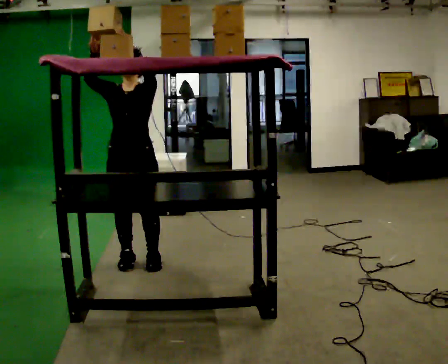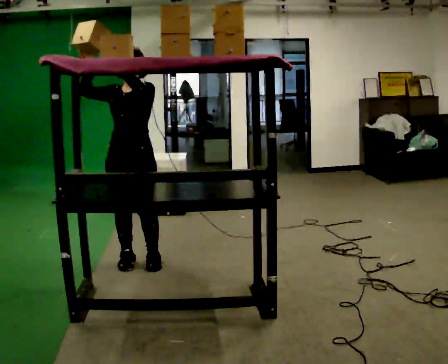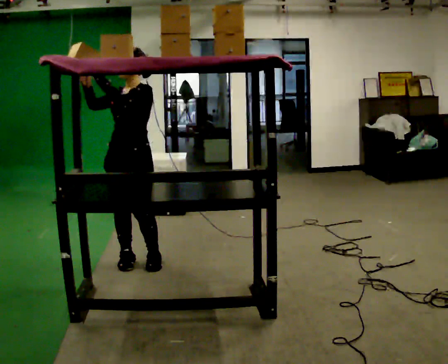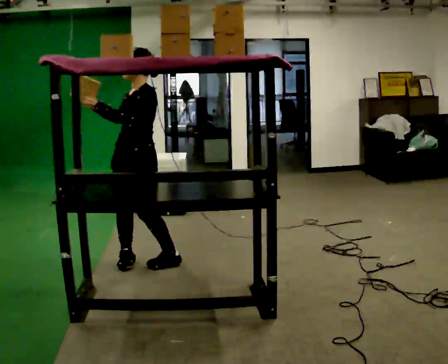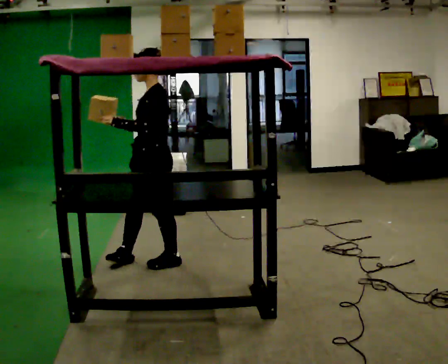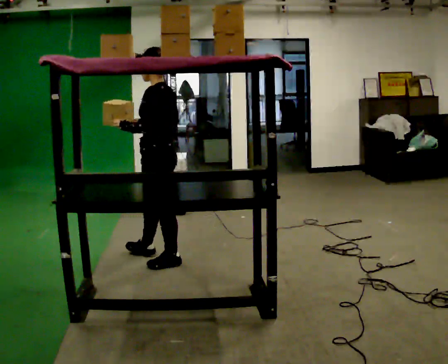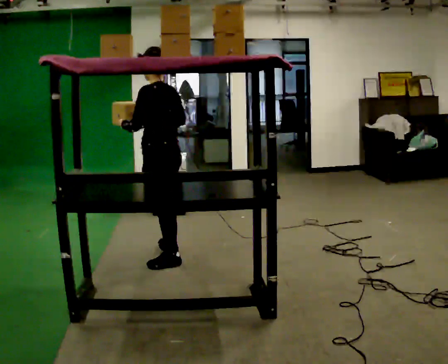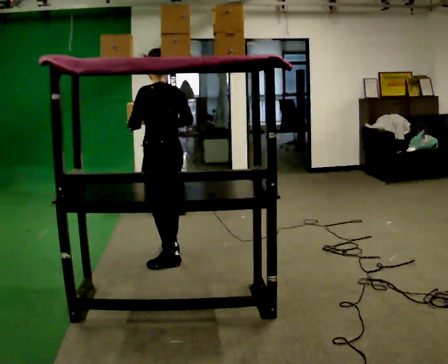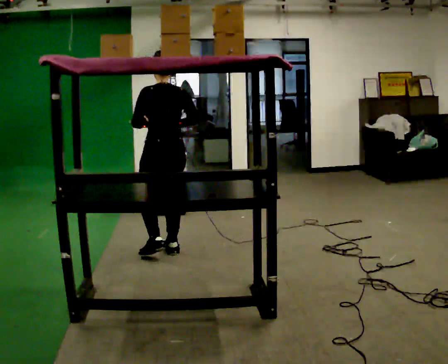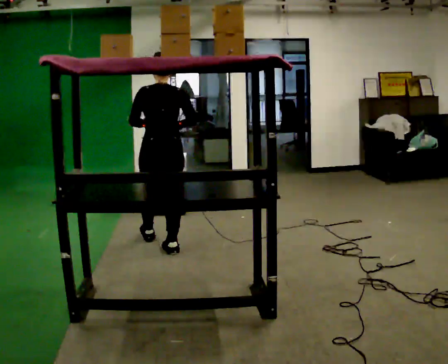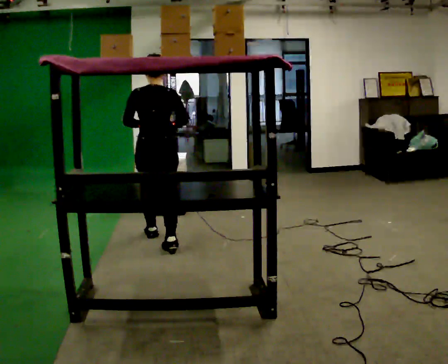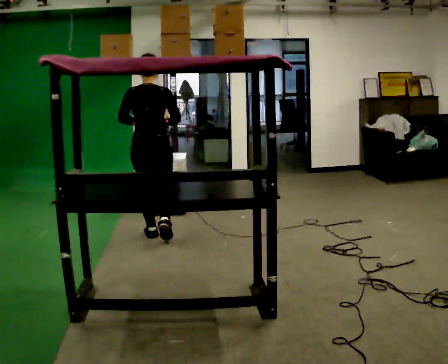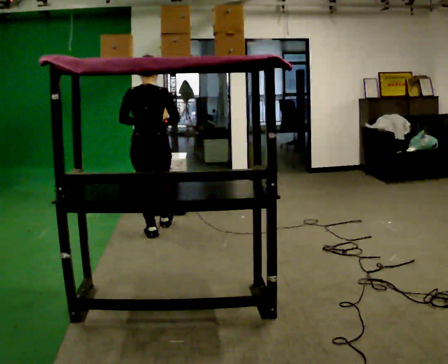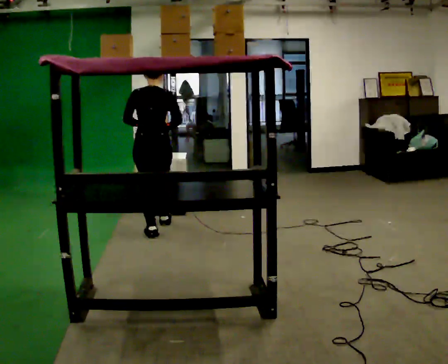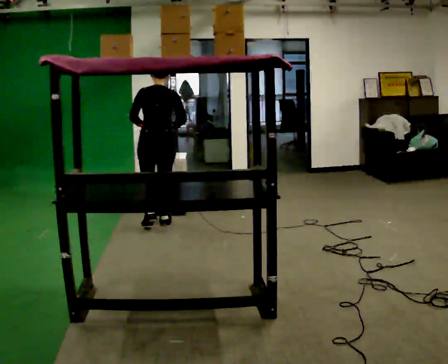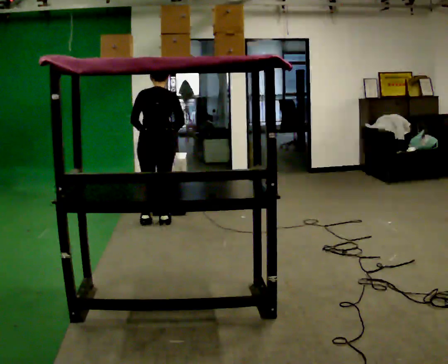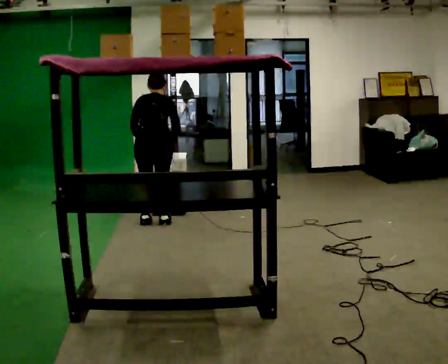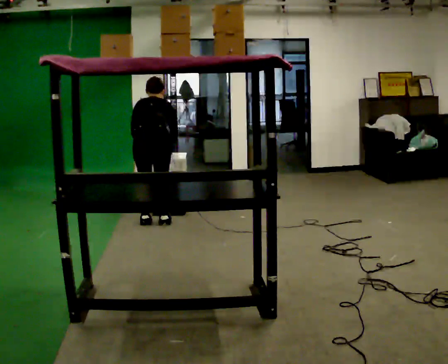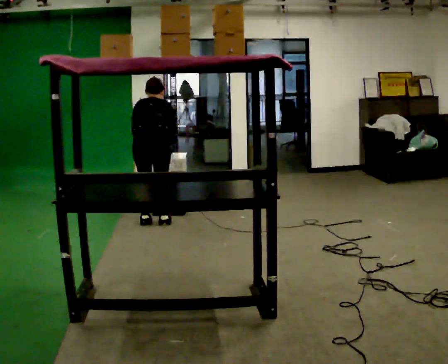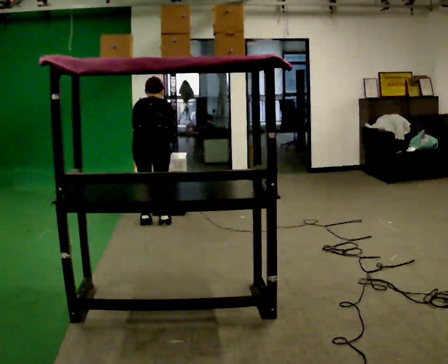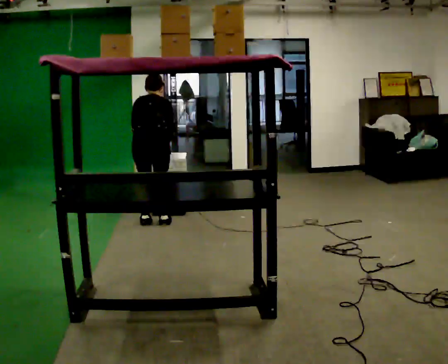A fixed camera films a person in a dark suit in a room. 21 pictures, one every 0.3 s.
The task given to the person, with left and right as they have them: Take an object from the waist-height shelf, carry it across the room, and place it on the highest shelf you can comfortably reach. Keep going until the operator says stop; one object at a time, and do not rush between trips.
0.0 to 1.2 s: Seen from above the body turns clockwise, about 75 degrees: to their right, with its near side sliding to the left. In the picture they go to the right, about 0.25 m in 1 step. In the picture their right hand goes downward.
1.2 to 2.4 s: The part of the body nearest the lens slides to the left as the person turns to their right by about 75 degrees. In the picture they go away from the camera, about 0.25 m in 1 step.
2.4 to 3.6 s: The person turns about 30 degrees to their right, clockwise seen from above, so the part of the body nearest the lens slides to the left. In the picture they go away from the camera, about 0.5 m in 1 step, which for them is forward.
3.6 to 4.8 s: In the picture they go away from the camera, about 0.25 m in 2 steps, which for them is forward. The upper body tips away from the camera, its near side rolling upward, as they bend forward.
4.8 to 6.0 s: The person moves a little, or ends about where they began.
The film runs forward here.
